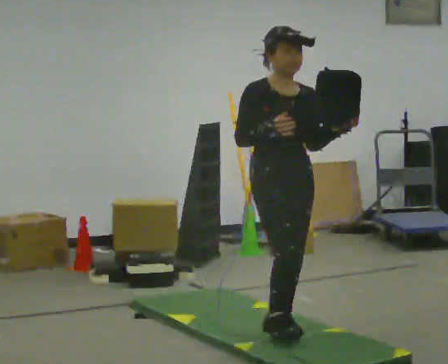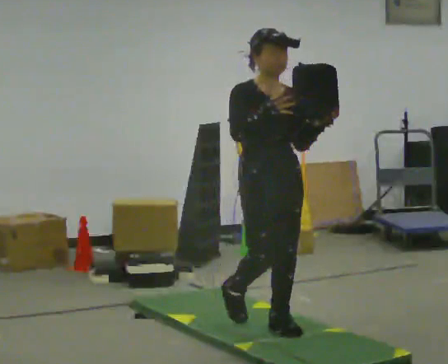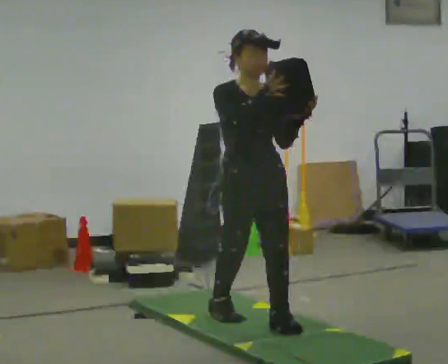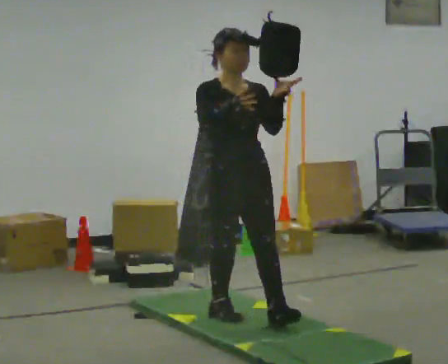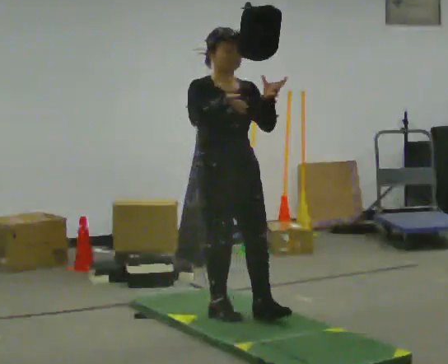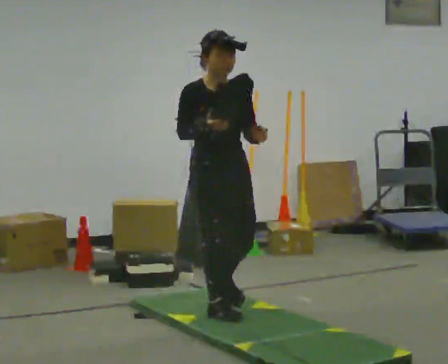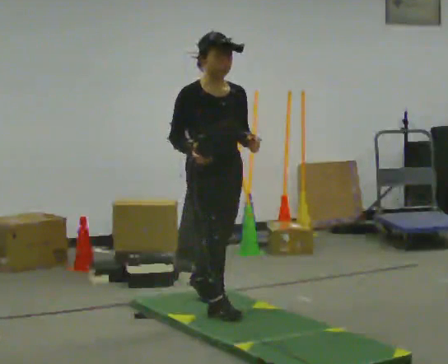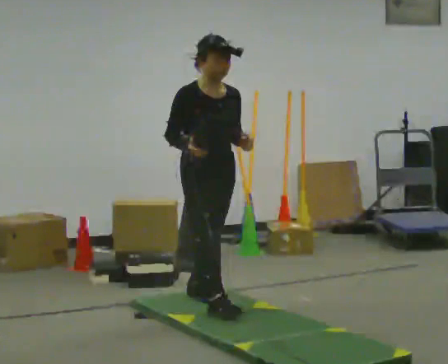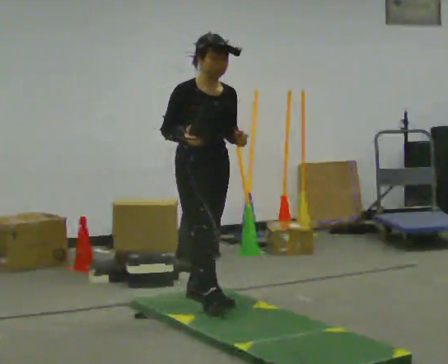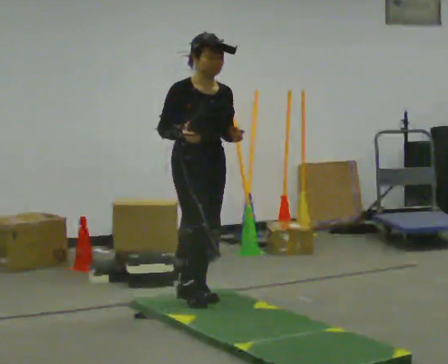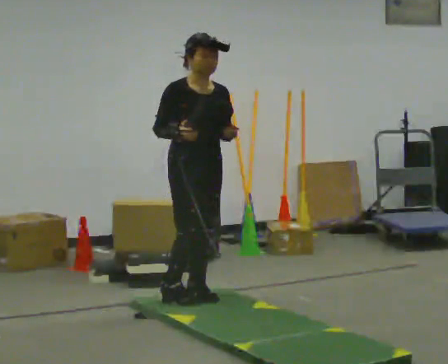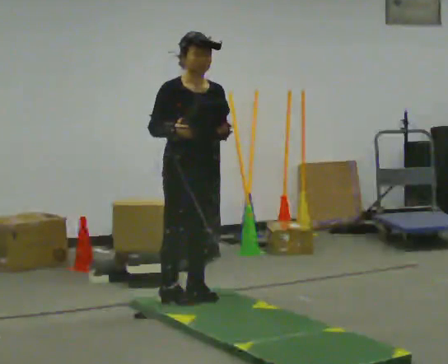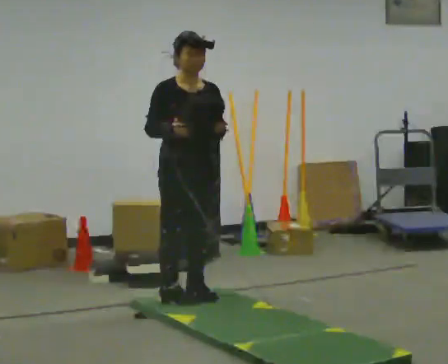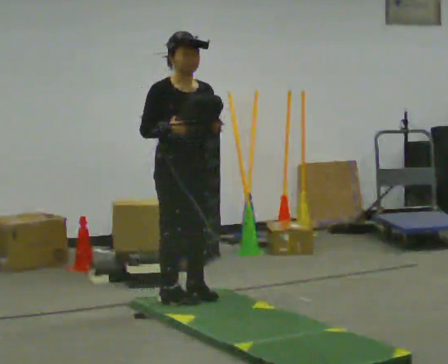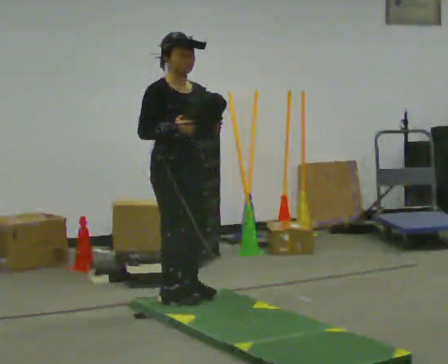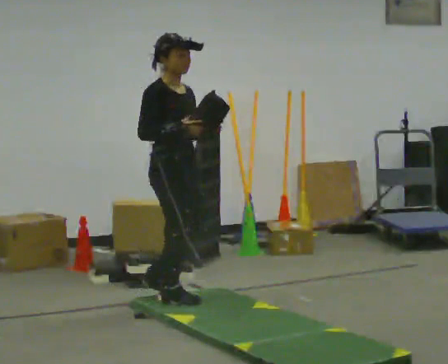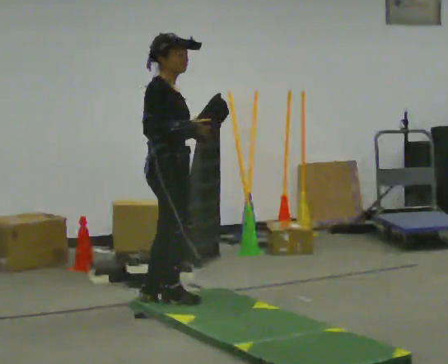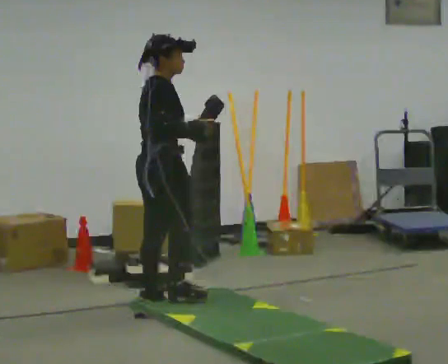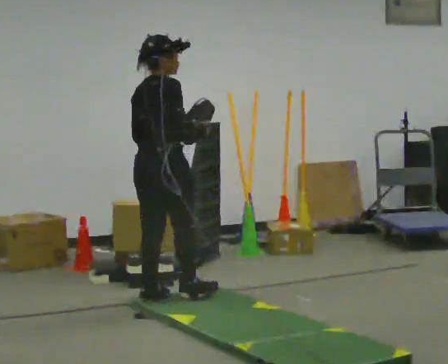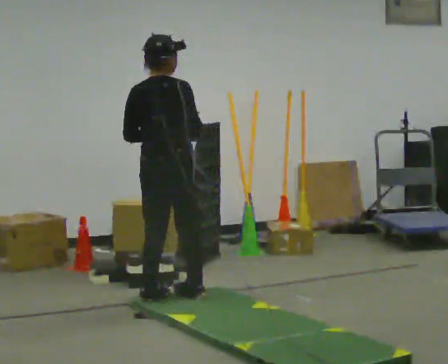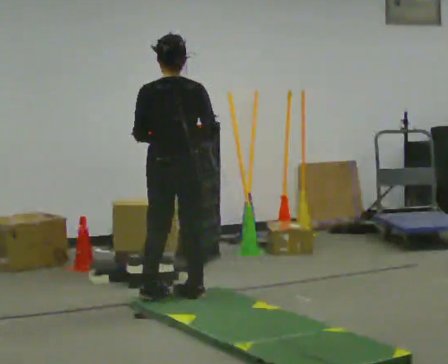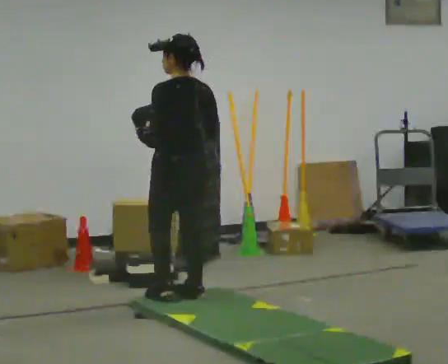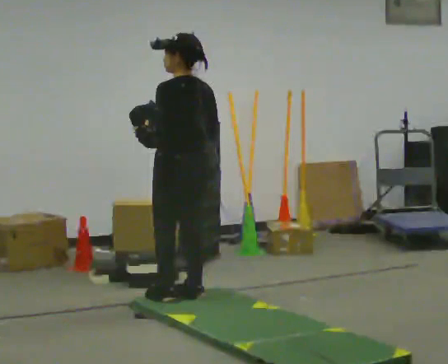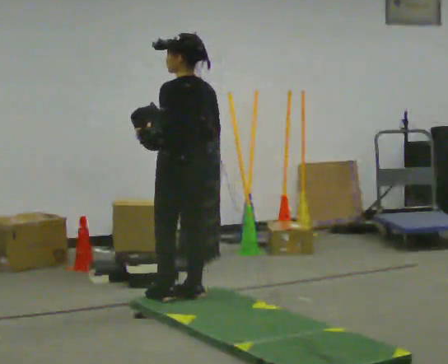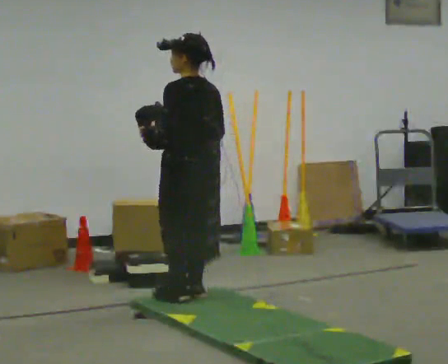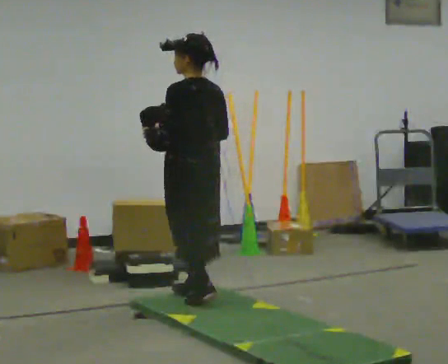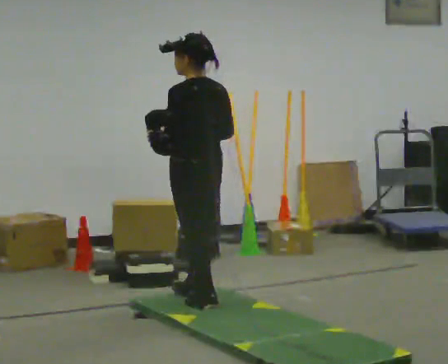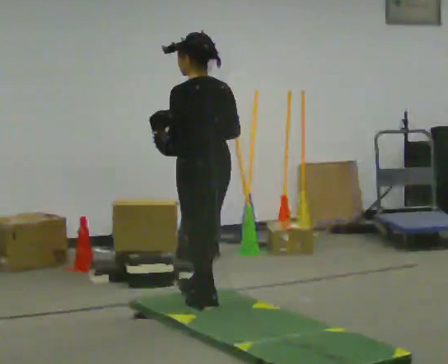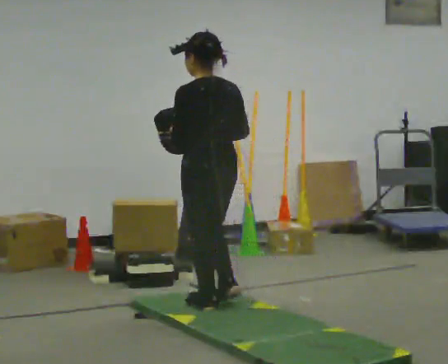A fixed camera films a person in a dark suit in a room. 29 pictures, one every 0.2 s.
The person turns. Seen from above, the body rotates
counterclockwise.
The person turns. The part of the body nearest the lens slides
to the right.
0.0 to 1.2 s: In the picture they go away from the camera and to the left, about 0.5 m in 1 step, which for them is backward.
1.2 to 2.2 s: In the picture they go away from the camera, about 0.25 m in 1 step, which for them is backward.
2.2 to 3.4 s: The part of the body nearest the lens slides to the right as the person turns to their left by about 75 degrees. In the picture they go to the left, about 0.25 m in 2 steps.
3.4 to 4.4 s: Seen from above the body turns counterclockwise, about 120 degrees: to their left, with its near side sliding to the right.
4.4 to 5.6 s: In the picture they go toward the camera and to the right, about 0.25 m in 2 steps, which for them is backward.
The film runs backward here.
